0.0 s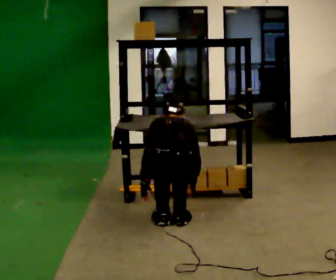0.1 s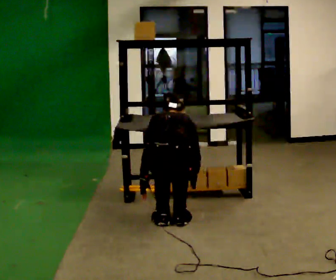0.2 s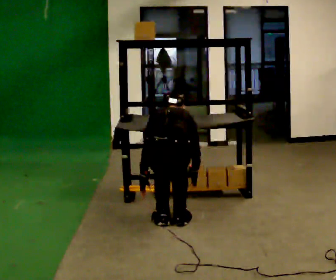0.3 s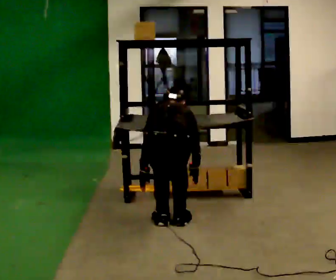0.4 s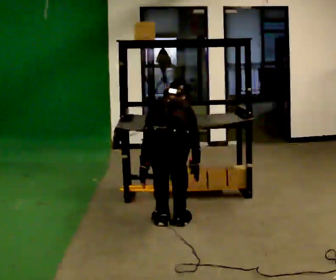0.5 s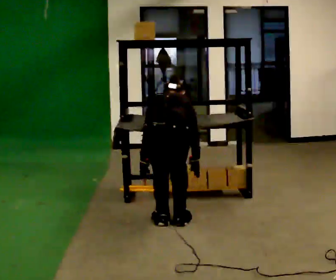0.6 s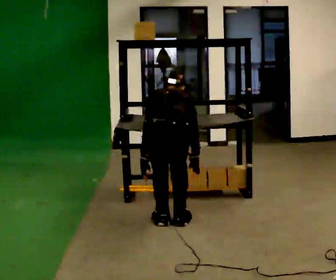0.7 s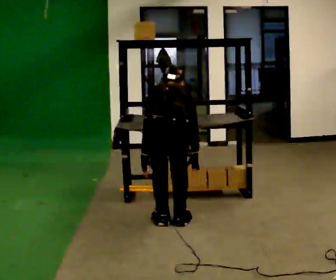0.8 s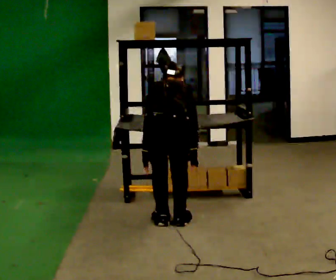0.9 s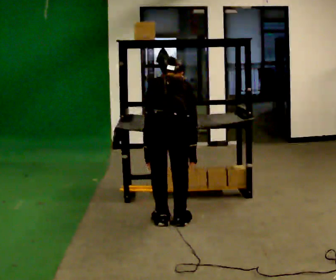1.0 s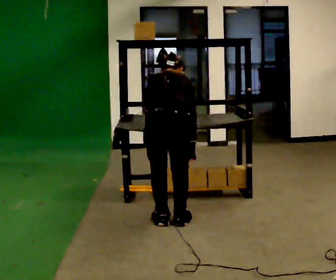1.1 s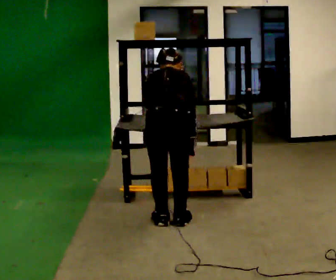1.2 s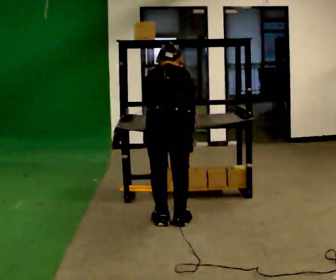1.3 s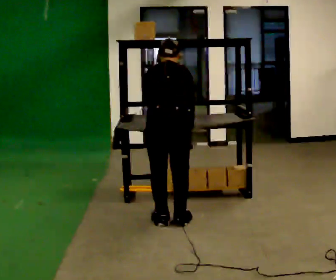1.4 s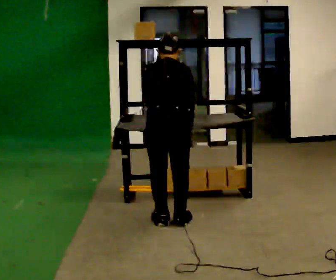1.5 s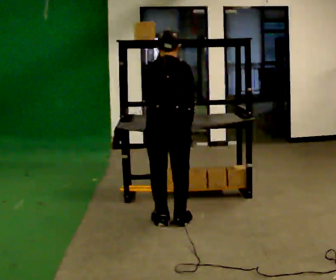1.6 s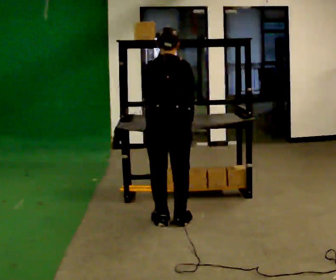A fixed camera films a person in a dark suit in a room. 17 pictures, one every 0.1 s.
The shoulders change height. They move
upward.
Their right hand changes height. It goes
upward.
0.0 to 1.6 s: The shoulders move upward. The upper body tips toward the camera, its near side rolling downward, as they lean back or straighten. In the picture their left hand goes upward.
The film runs forward here.
